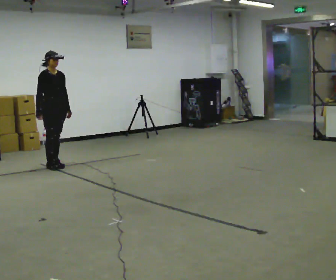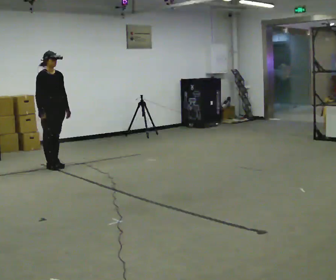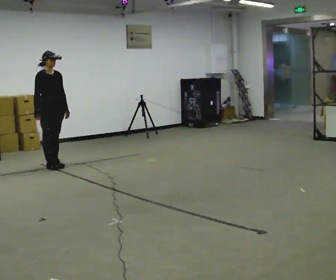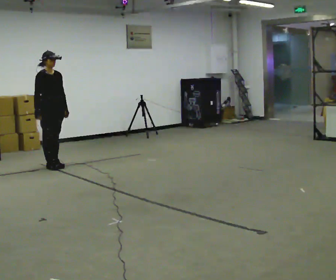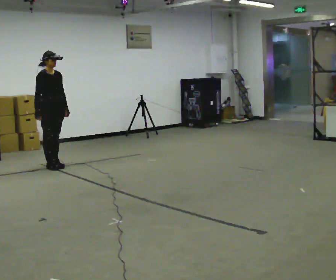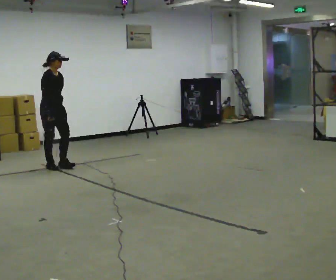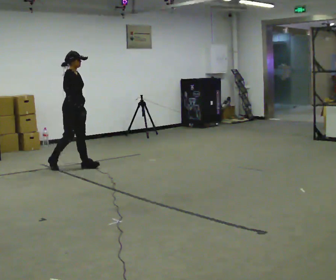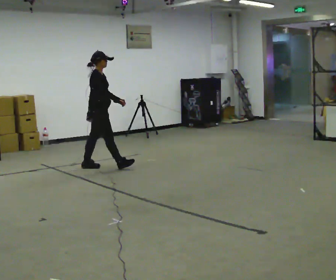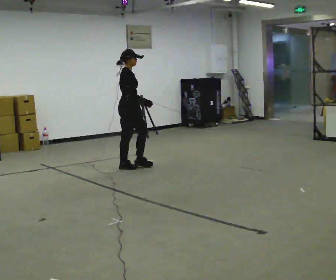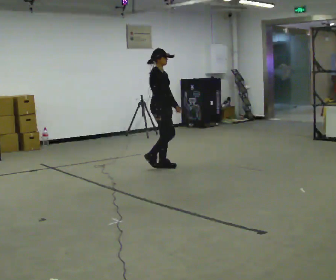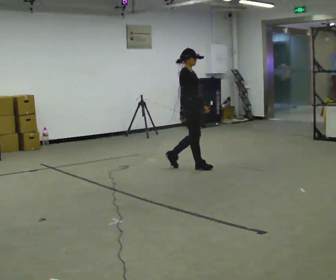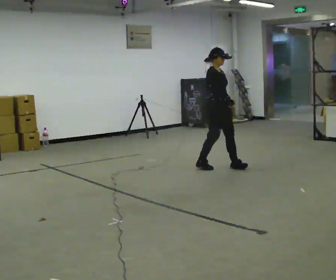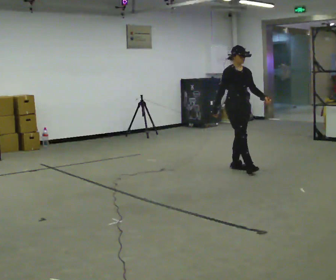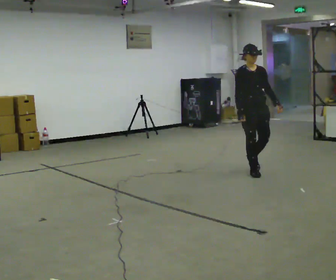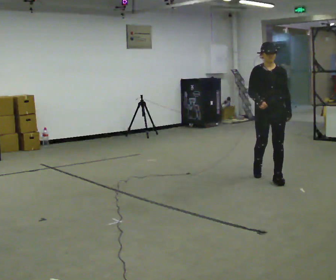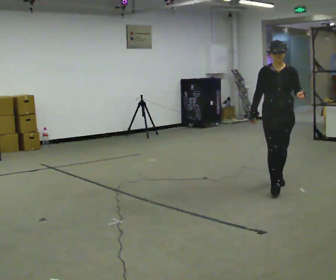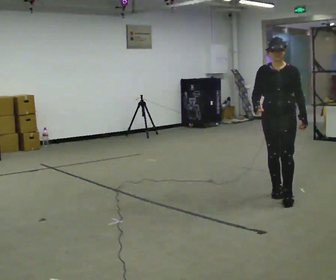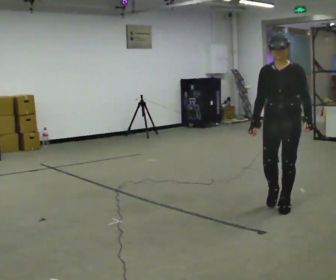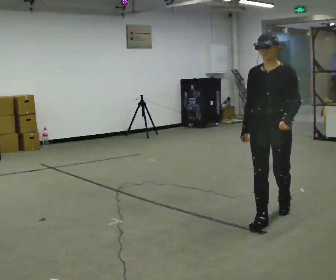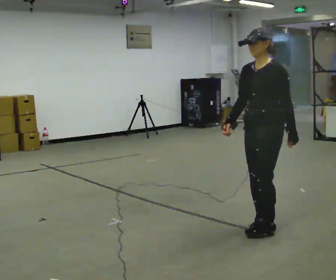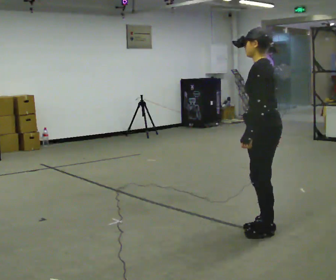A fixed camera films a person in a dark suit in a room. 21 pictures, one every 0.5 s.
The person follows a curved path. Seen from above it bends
clockwise.
0.0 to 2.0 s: The person moves a little, or ends about where they began.
2.0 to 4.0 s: The person turns about 30 degrees to their left, counterclockwise seen from above, so the part of the body nearest the lens slides to the right. In the picture they go to the right, about 1 m in 2 steps, which for them is forward.
4.0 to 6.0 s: The person turns about 45 degrees to their right, clockwise seen from above, so the part of the body nearest the lens slides to the left. In the picture they go to the right, about 1.5 m in 3 steps, which for them is forward.
6.0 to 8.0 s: Seen from above the body turns clockwise, about 60 degrees: to their right, with its near side sliding to the left. In the picture they go toward the camera, about 1.5 m in 3 steps, which for them is forward.
8.0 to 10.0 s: The person turns about 90 degrees to their right, clockwise seen from above, so the part of the body nearest the lens slides to the left. In the picture they go toward the camera, about 1 m in 3 steps.
The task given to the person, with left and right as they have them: Walk forward; gradually curve left/right; straighten out.
The film runs forward here.
